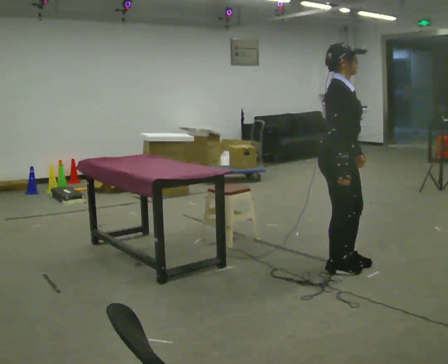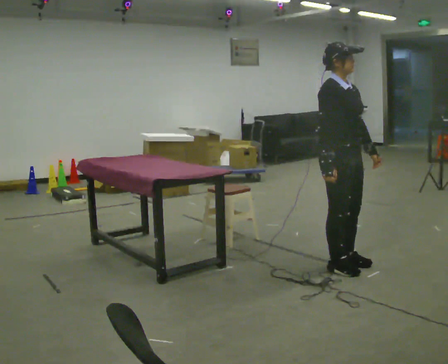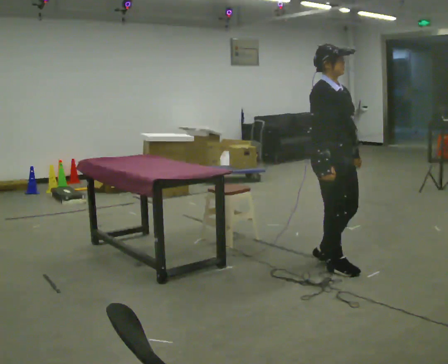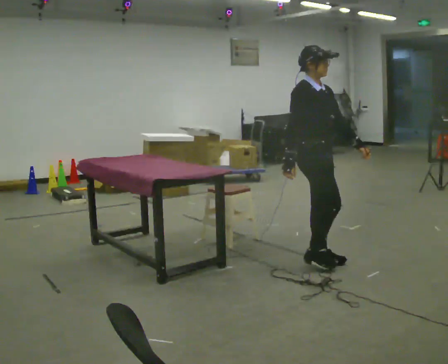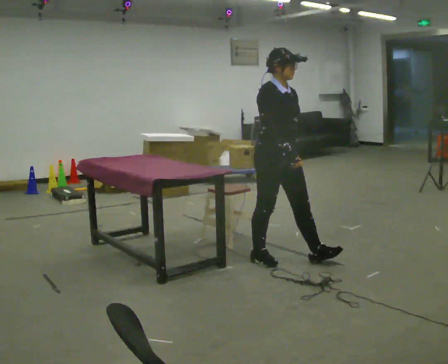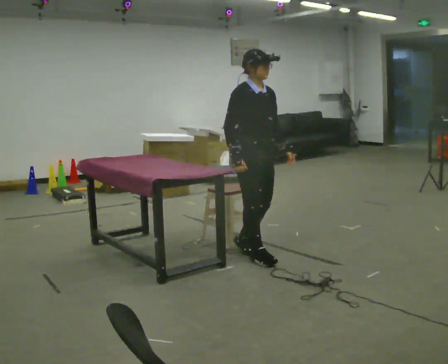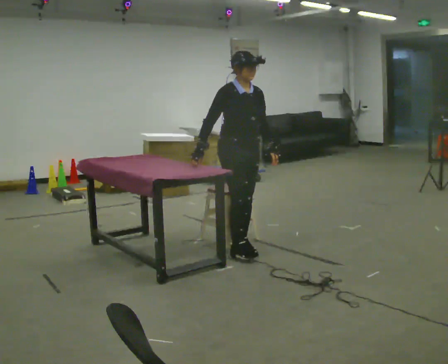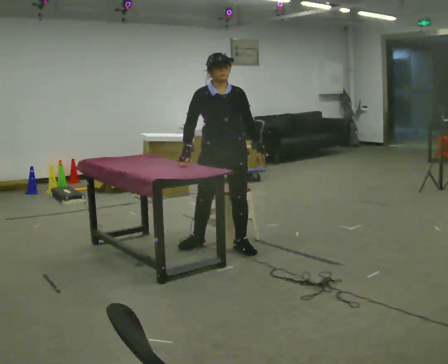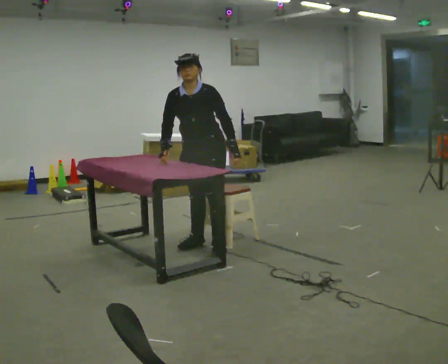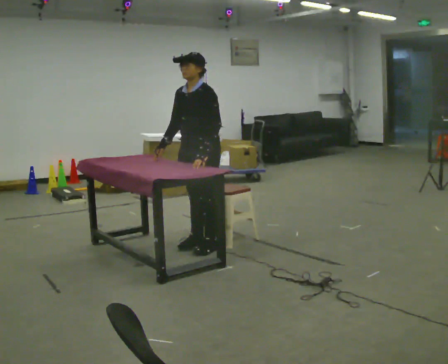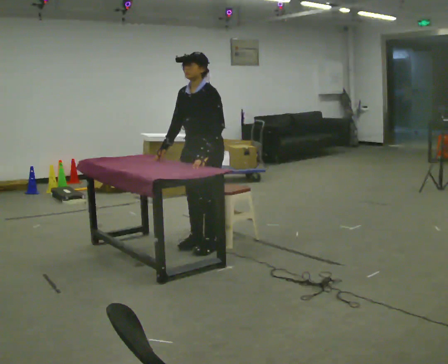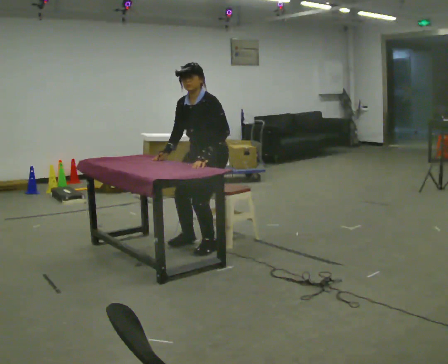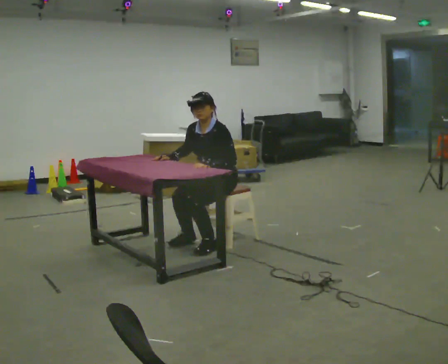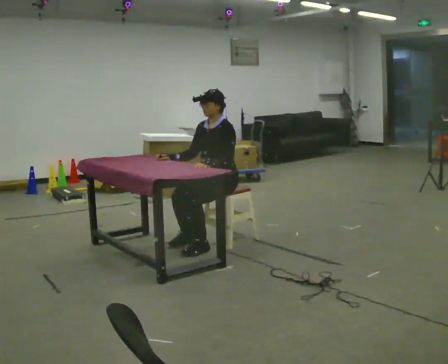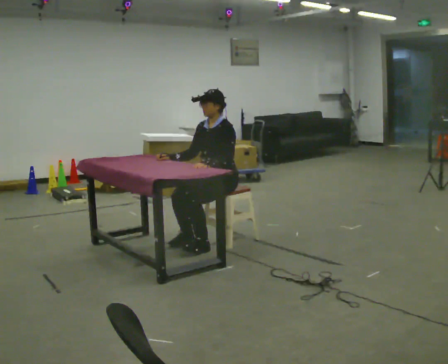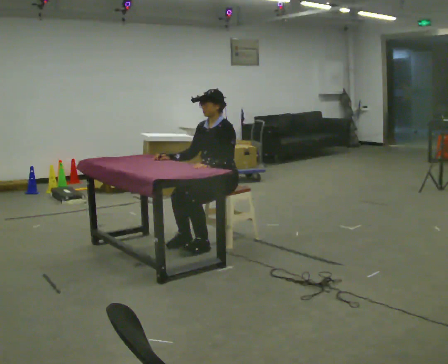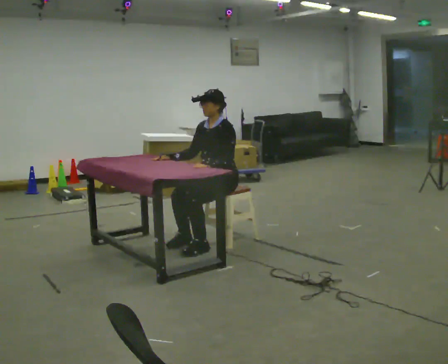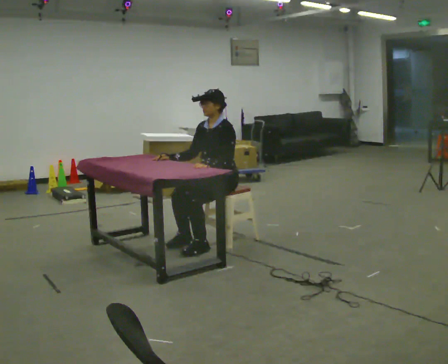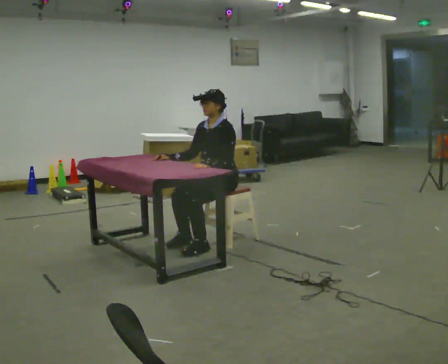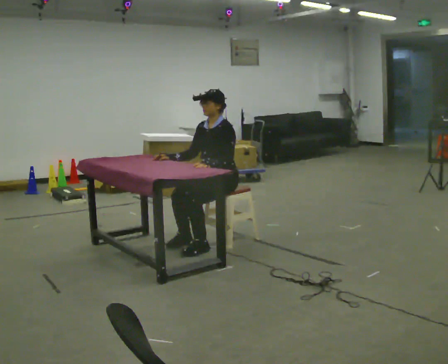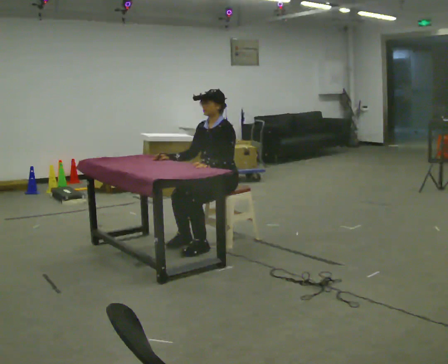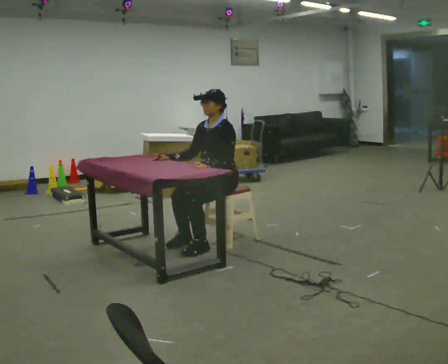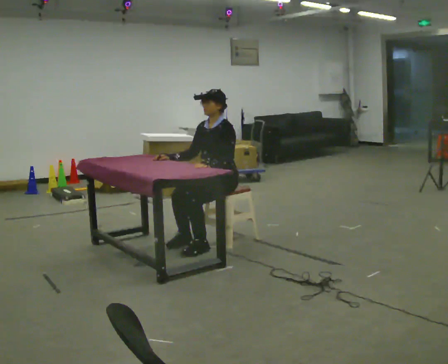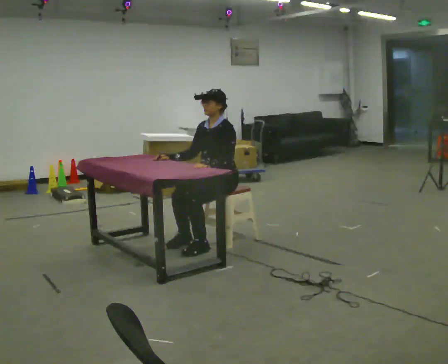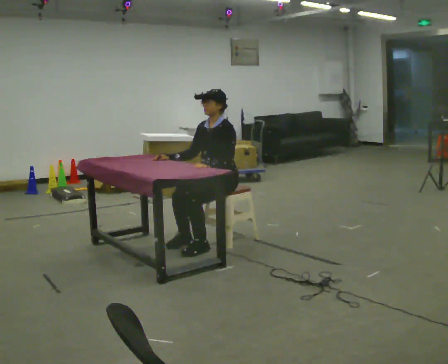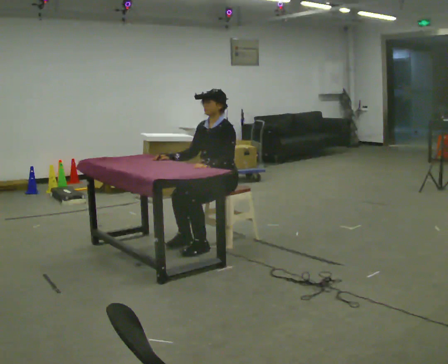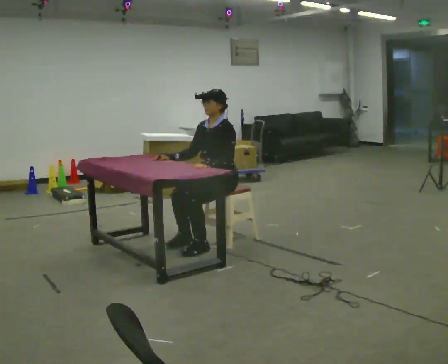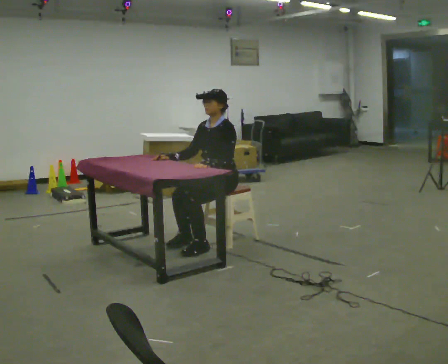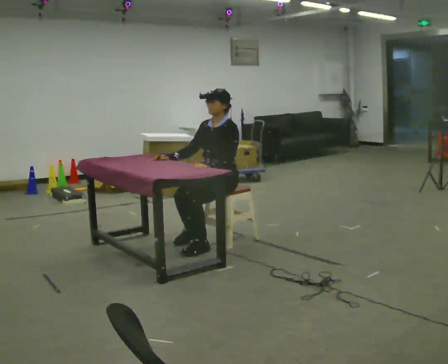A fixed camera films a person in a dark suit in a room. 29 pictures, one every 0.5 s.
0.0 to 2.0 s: In the picture they go to the left and away from the camera, about 0.5 m in 3 steps, which for them is backward.
2.0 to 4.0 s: The person turns about 60 degrees to their right, clockwise seen from above, so the part of the body nearest the lens slides to the left. In the picture they go to the left and away from the camera, about 0.5 m in 2 steps.
4.0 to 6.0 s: The person turns about 30 degrees to their right, clockwise seen from above, so the part of the body nearest the lens slides to the left. The upper body goes downward.
6.0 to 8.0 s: The person moves a little, or ends about where they began.
8.0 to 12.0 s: The person keeps their place and pose.
12.0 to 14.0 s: The person moves a little, or ends about where they began.
The film runs backward here.
